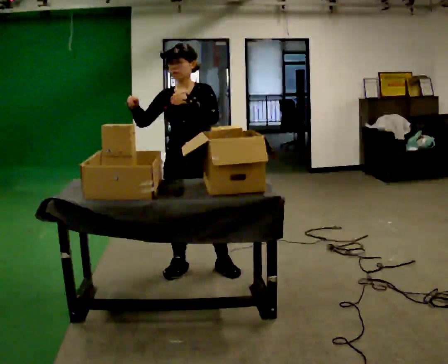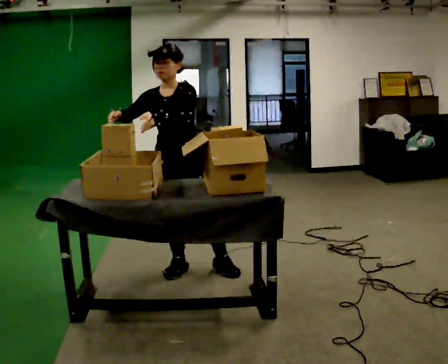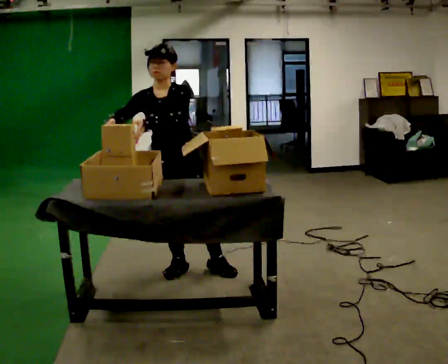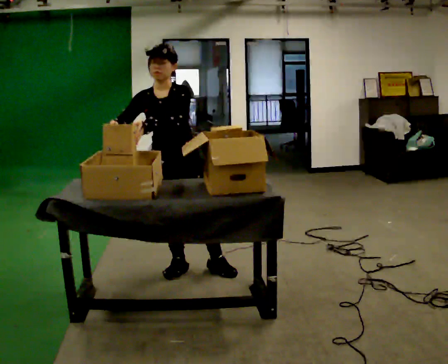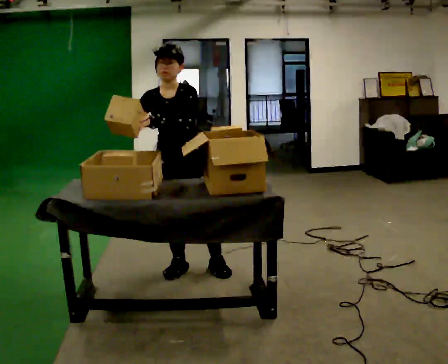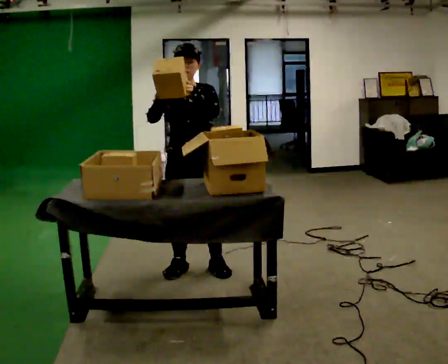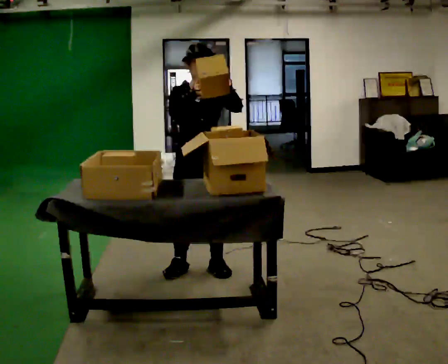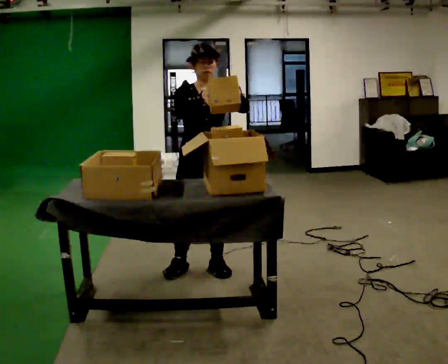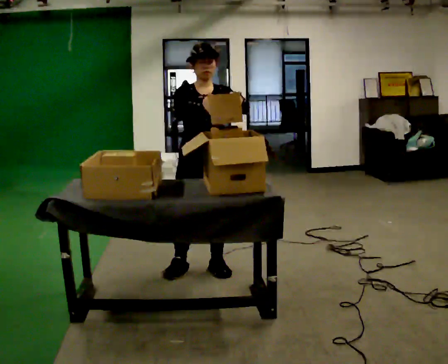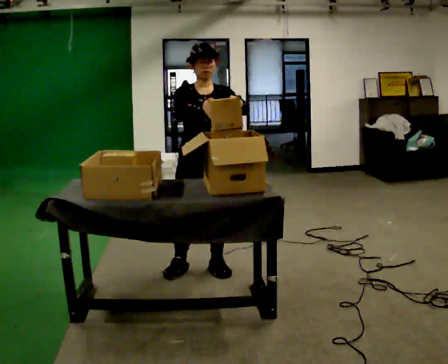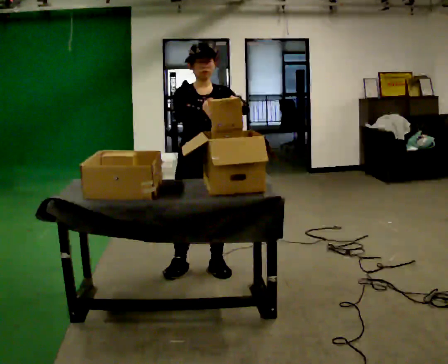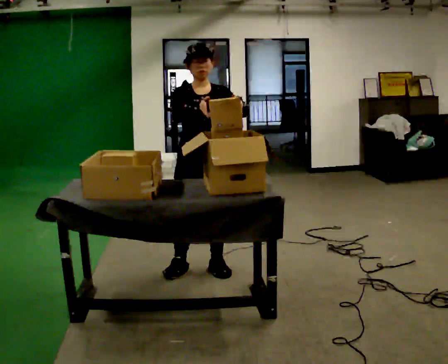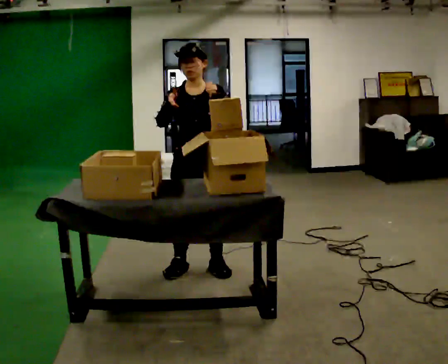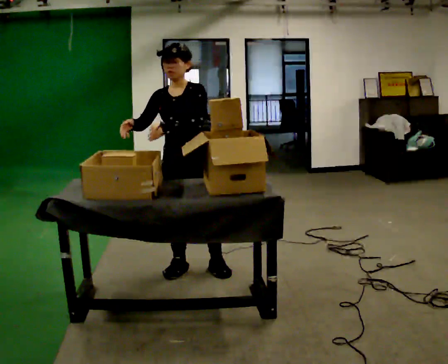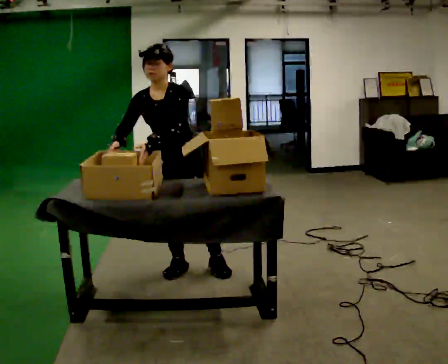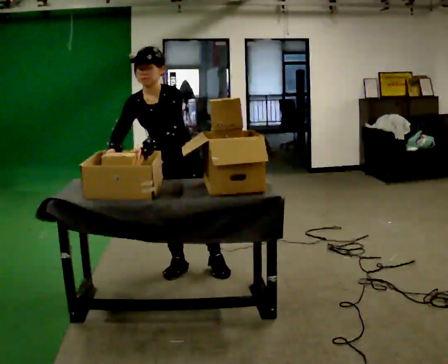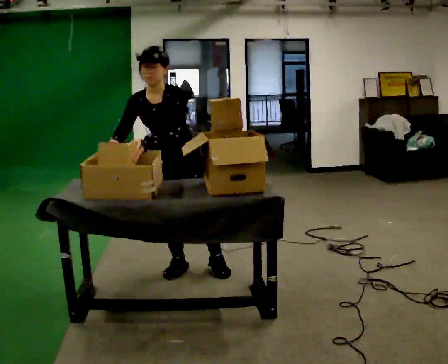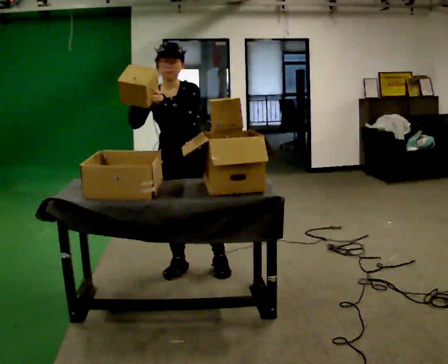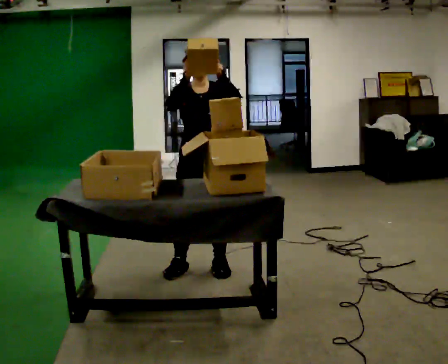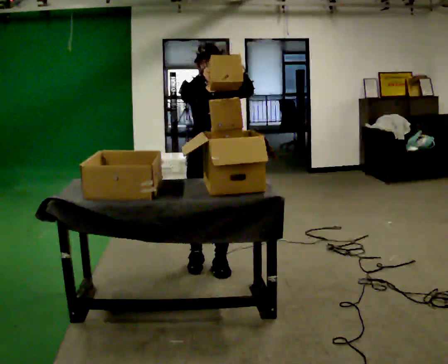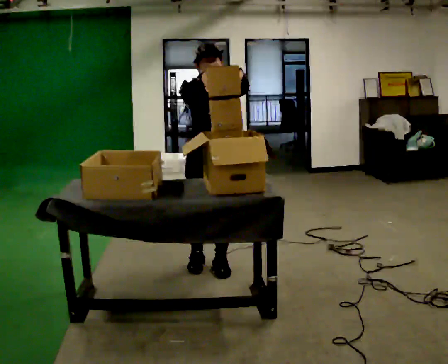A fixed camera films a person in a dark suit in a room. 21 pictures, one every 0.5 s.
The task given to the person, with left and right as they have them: 1. Move everything from the second bin into the first bin. 2. Carry the empty bin to the shelf. 3. Carry the full bin to the table. 4. Tell the operator when you are finished.
0.0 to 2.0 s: The person moves a little, or ends about where they began.
2.0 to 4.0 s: In the picture their left hand goes to the right.
4.0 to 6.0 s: The person moves a little, or ends about where they began.
6.0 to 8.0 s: In the picture they go to the left, about 0.25 m, which for them is to their right. The upper body tips toward the camera, its near side rolling downward, as they bend forward. In the picture their left hand goes to the left.
8.0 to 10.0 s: In the picture they go to the right, about 0.25 m, which for them is to their left. The upper body tips away from the camera, its near side rolling upward, as they lean back or straighten. In the picture their left hand goes upward.
The film runs forward here.
